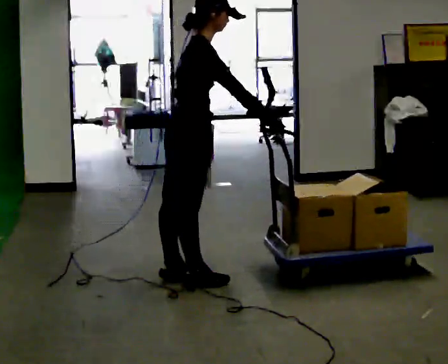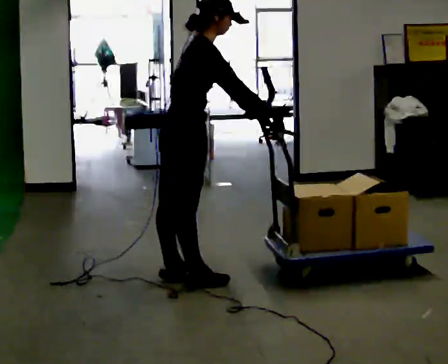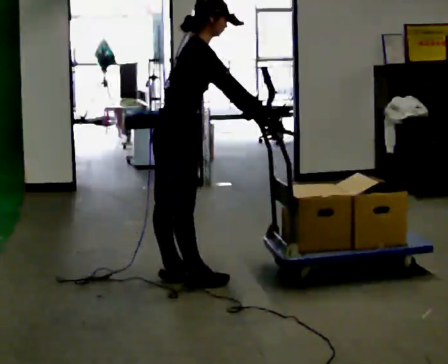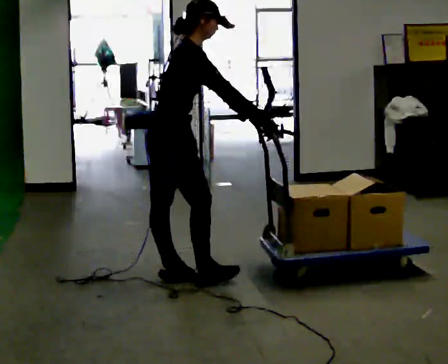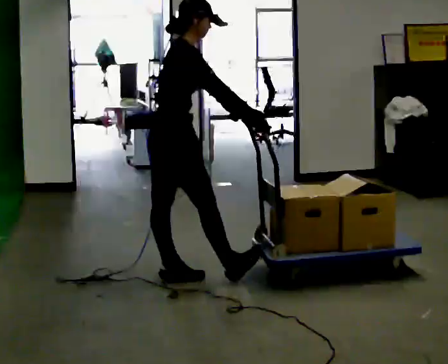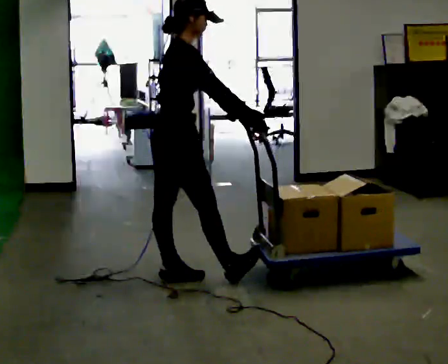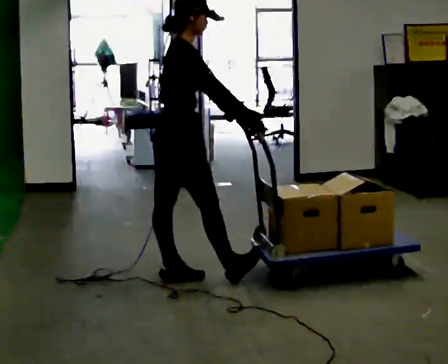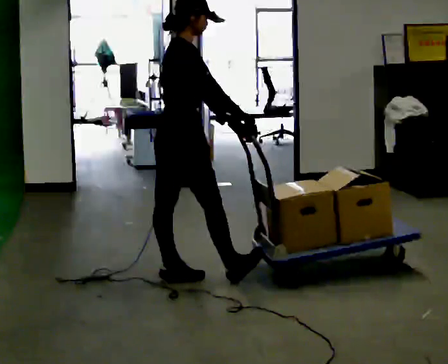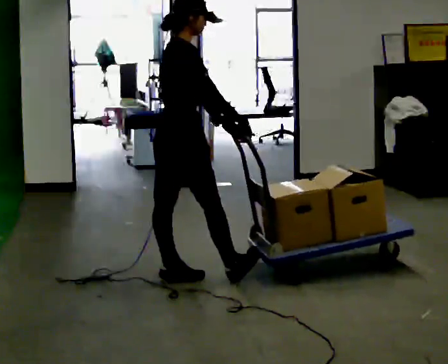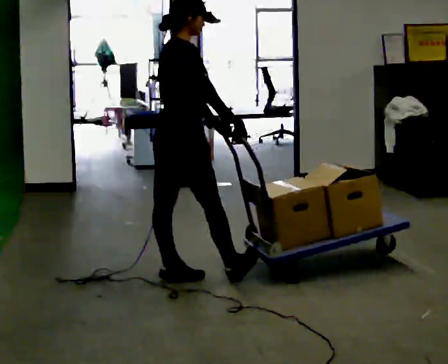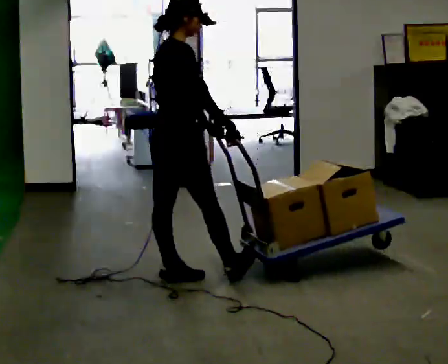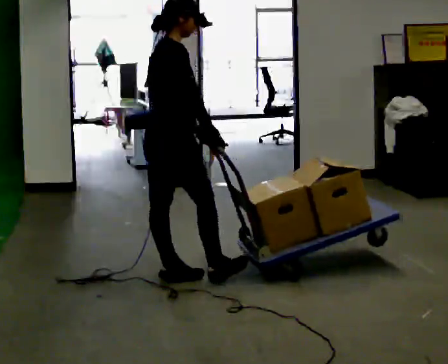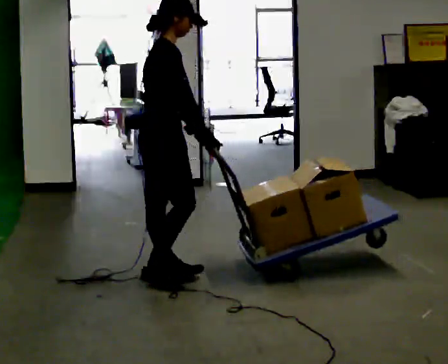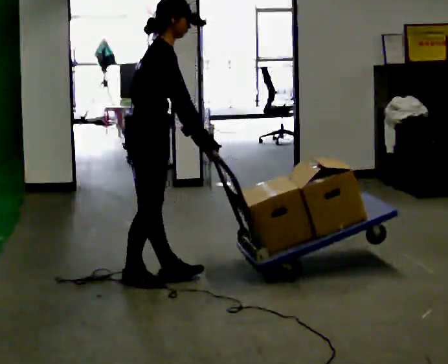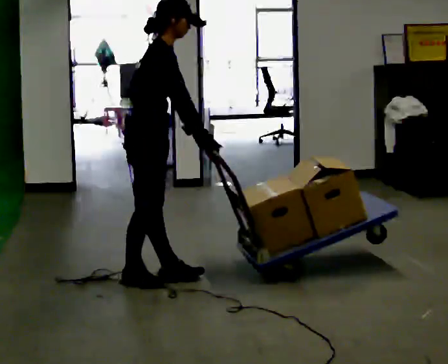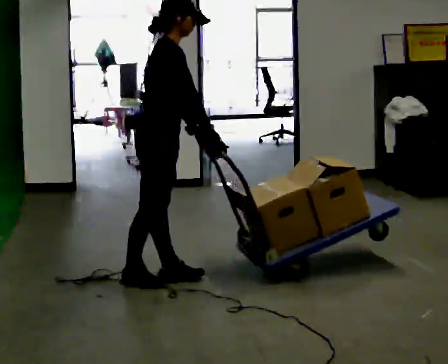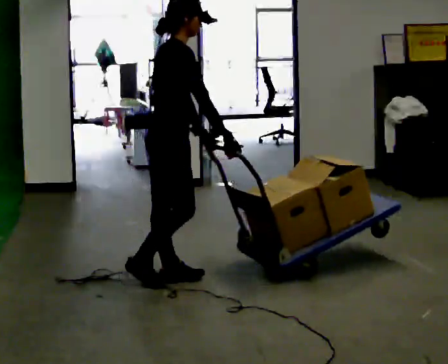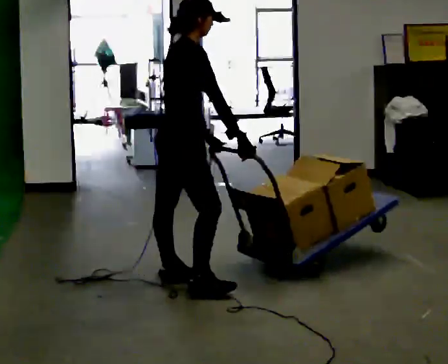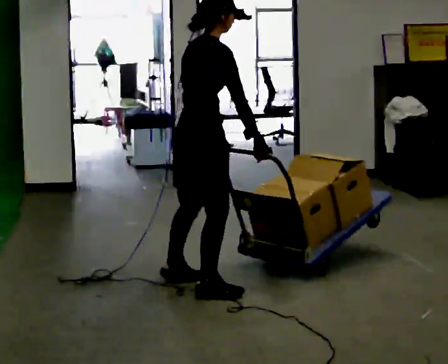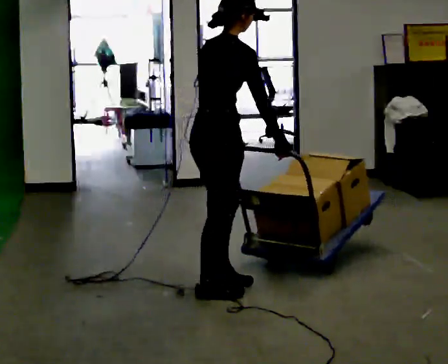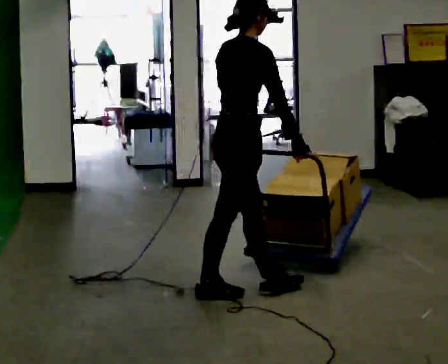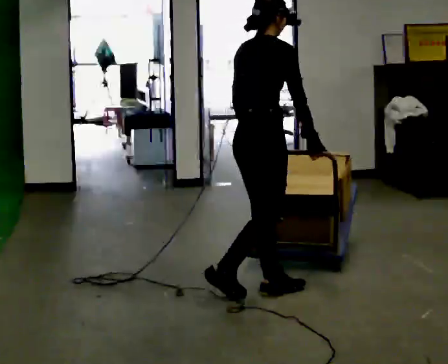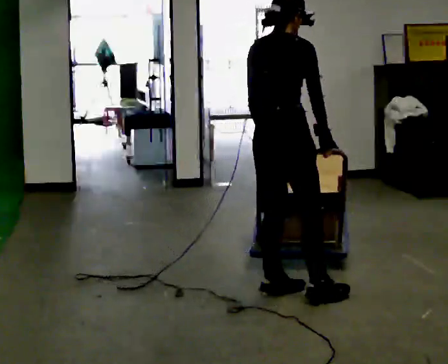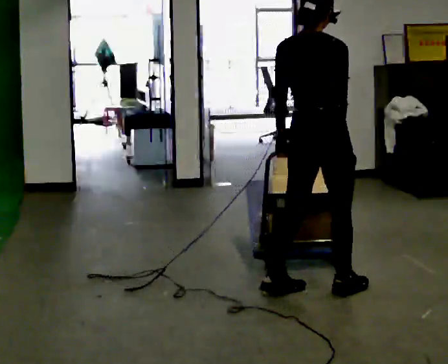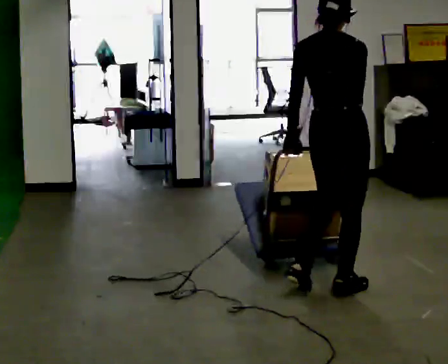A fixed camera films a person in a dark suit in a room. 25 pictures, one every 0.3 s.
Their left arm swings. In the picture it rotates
clockwise.
0.0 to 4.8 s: In the picture their left hand goes to the left.
4.8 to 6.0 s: In the picture they go to the right and toward the camera, about 0.5 m in 2 steps, which for them is to their right and forward.
6.0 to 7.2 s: Seen from above the body turns counterclockwise, about 45 degrees: to their left, with its near side sliding to the right. In the picture they go to the right, about 0.5 m in 1 step, which for them is forward and to their right.
The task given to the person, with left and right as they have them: Push the cart across the room and back. The operator will change how much is loaded on it between takes and will tell you each time.
The film runs forward here.
